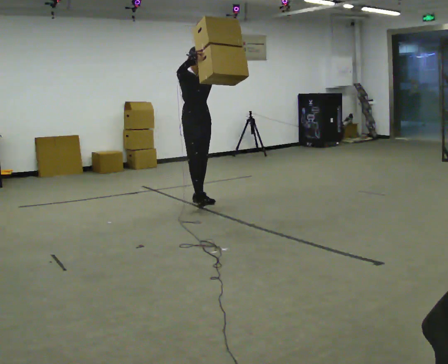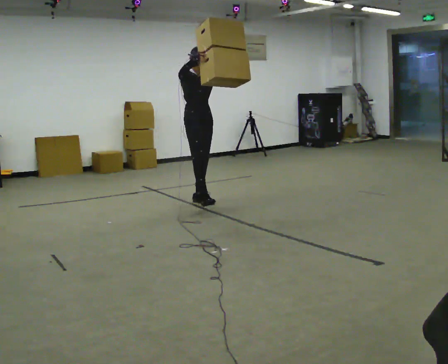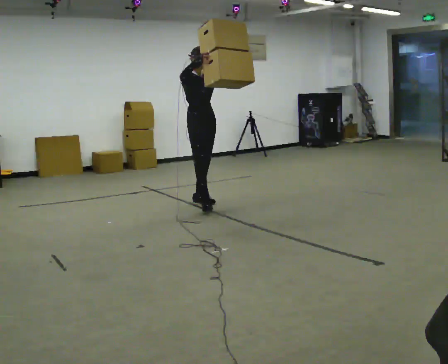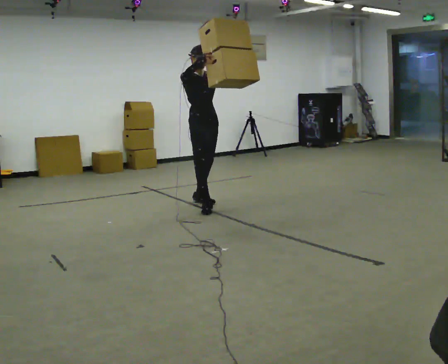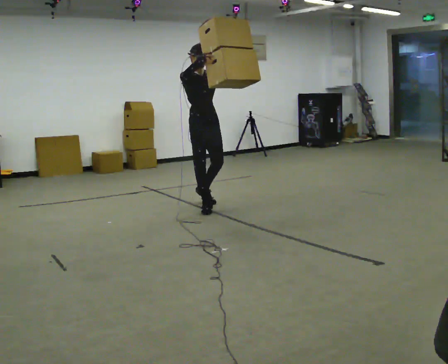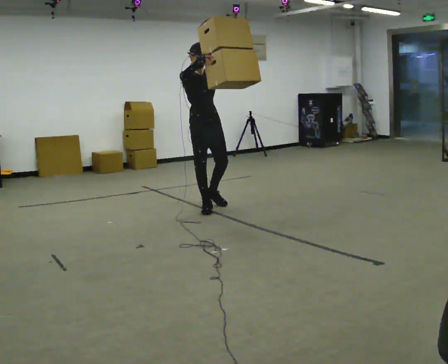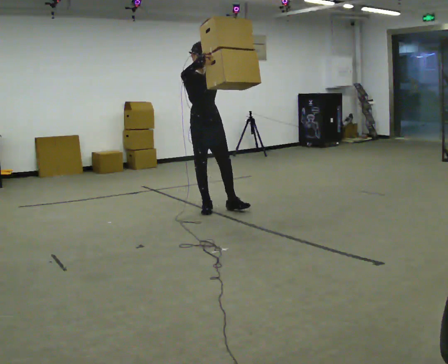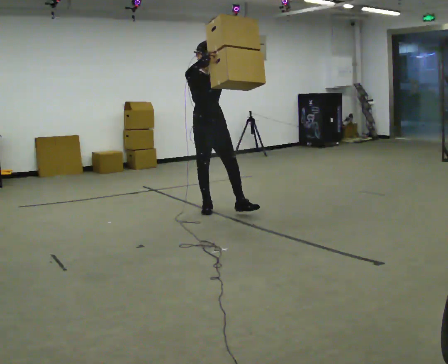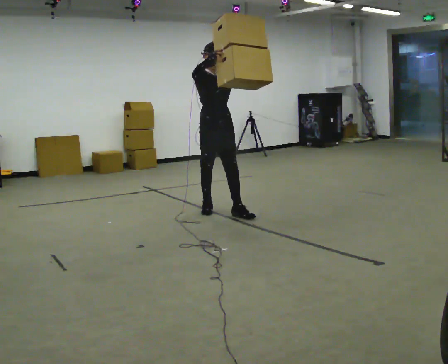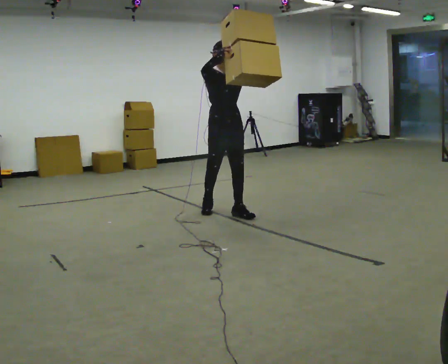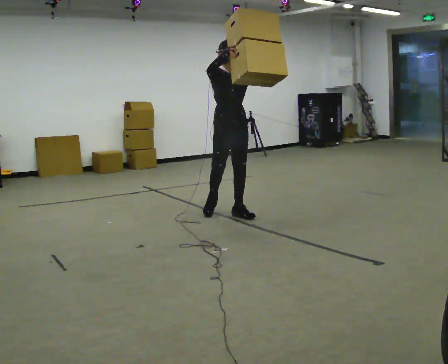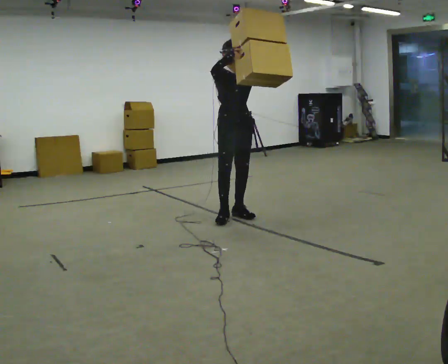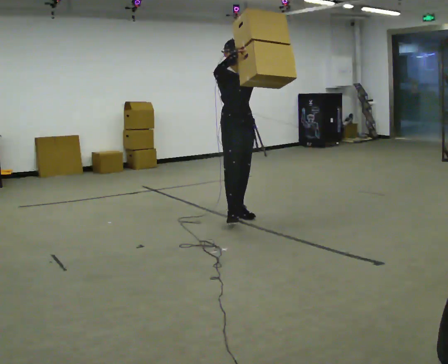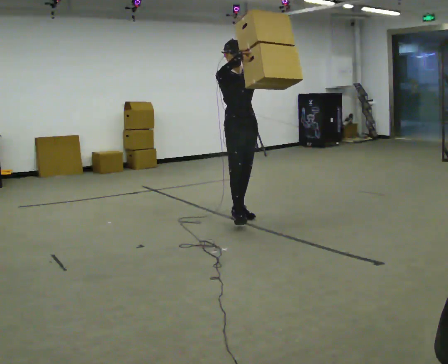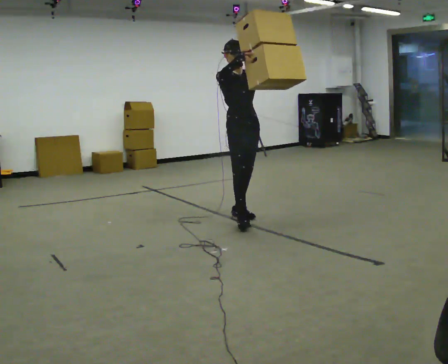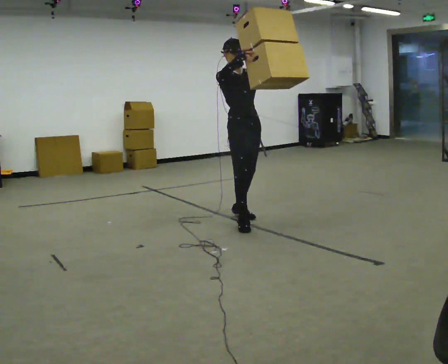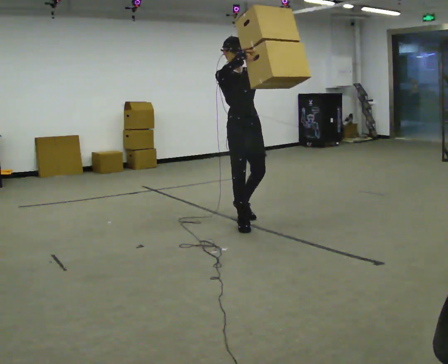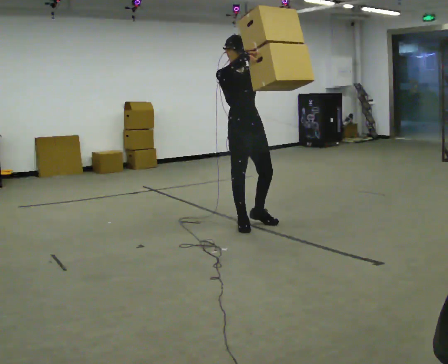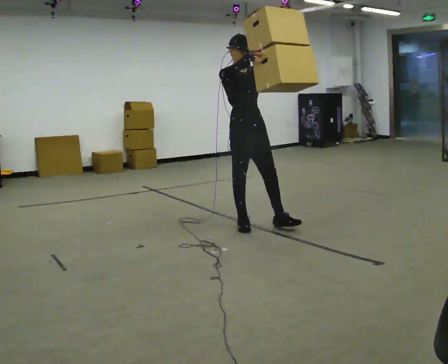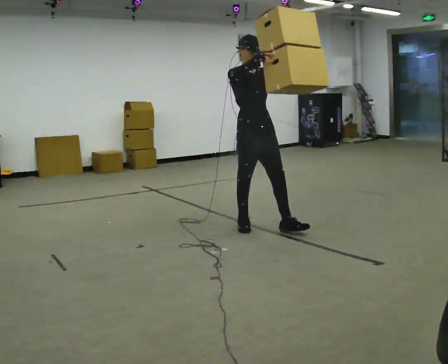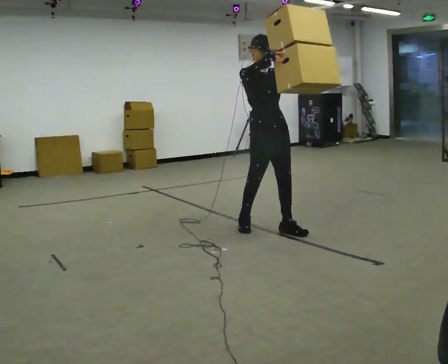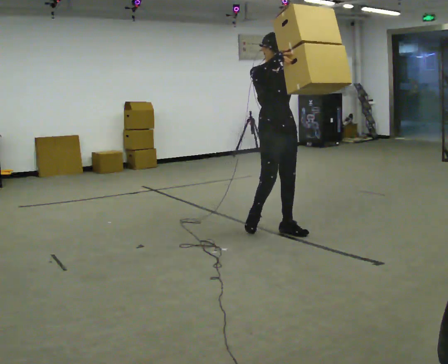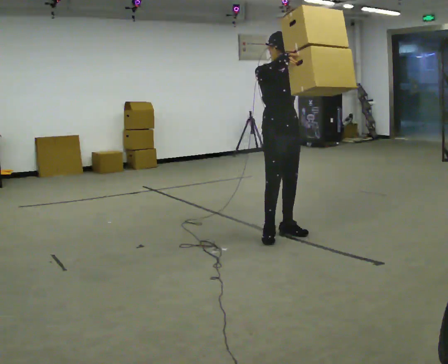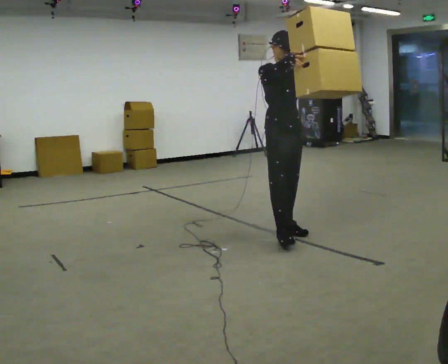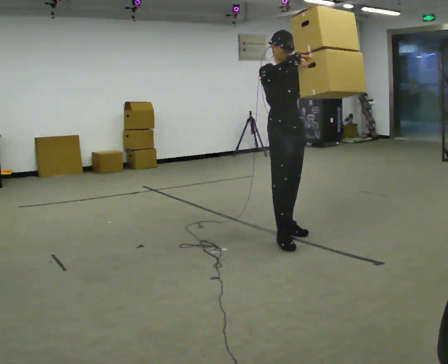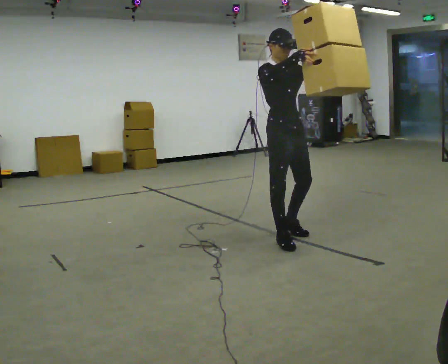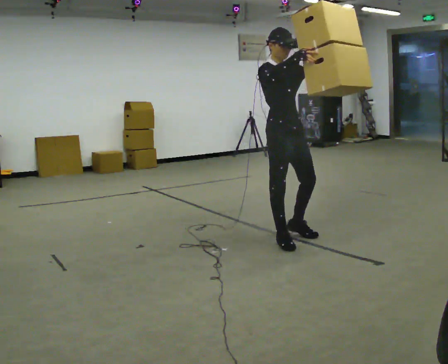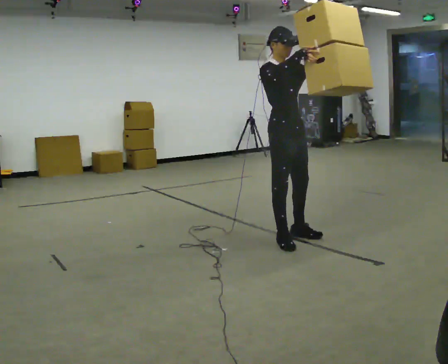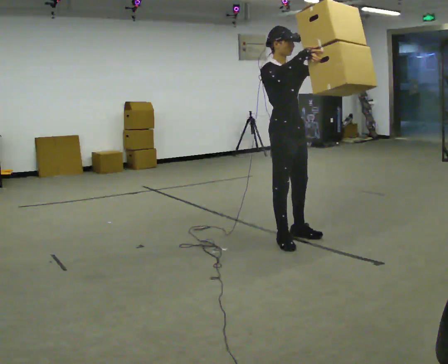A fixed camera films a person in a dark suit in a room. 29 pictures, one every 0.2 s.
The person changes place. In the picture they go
toward the camera.
0.0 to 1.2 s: In the picture they go toward the camera, about 0.5 m in 1 step, which for them is forward and to their right.
1.2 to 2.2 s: In the picture they go to the right and toward the camera, about 0.25 m in 1 step, which for them is forward and to their left.
2.2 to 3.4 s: In the picture they go toward the camera, about 0.5 m in 1 step, which for them is forward and to their right.
3.4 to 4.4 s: In the picture they go to the right and toward the camera, about 0.5 m in 1 step, which for them is forward and to their left.
4.4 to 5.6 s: In the picture they go toward the camera, about 0.25 m in 2 steps, which for them is forward and to their right.
The film runs forward here.
